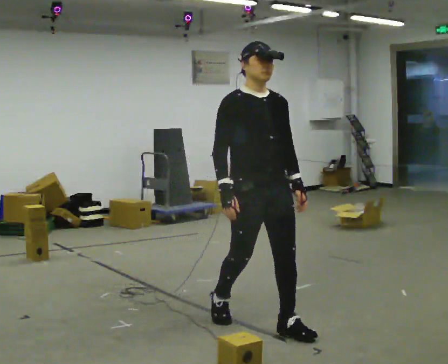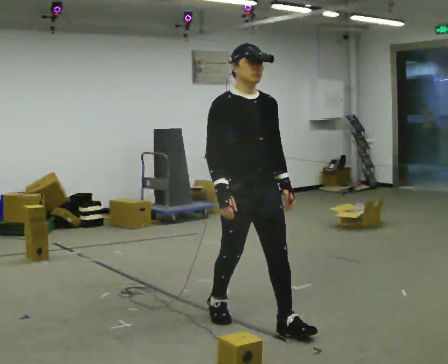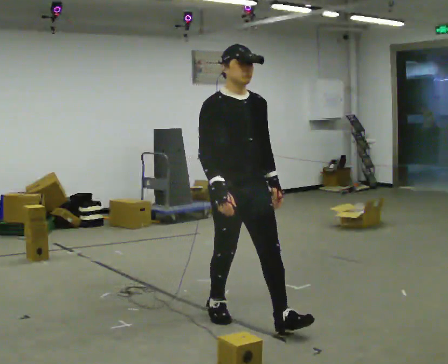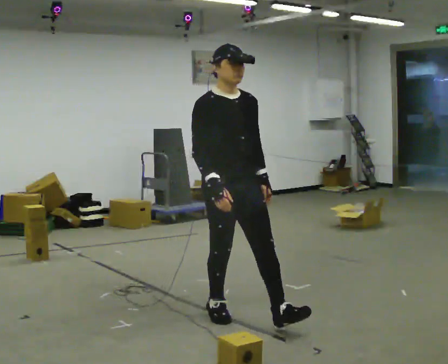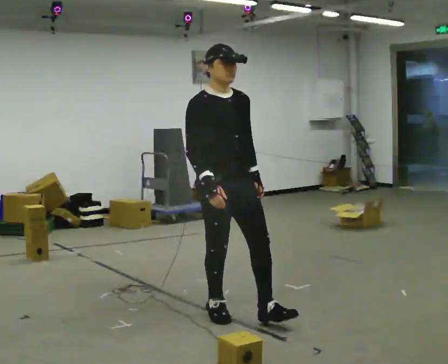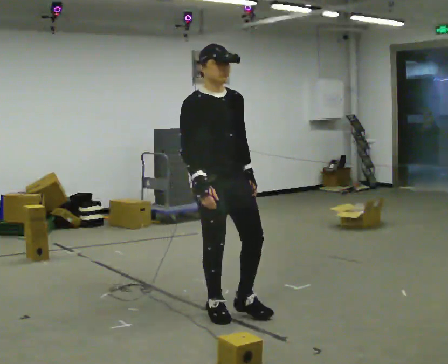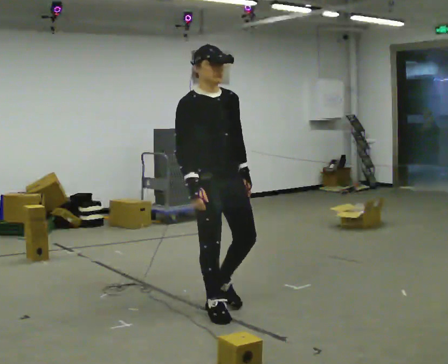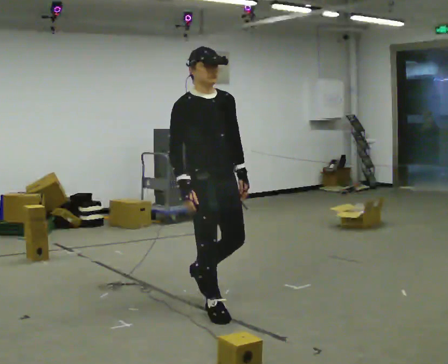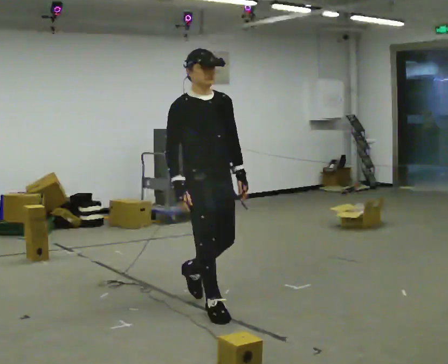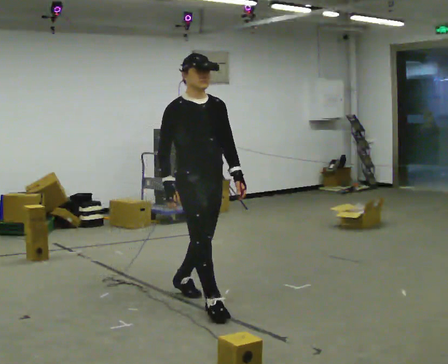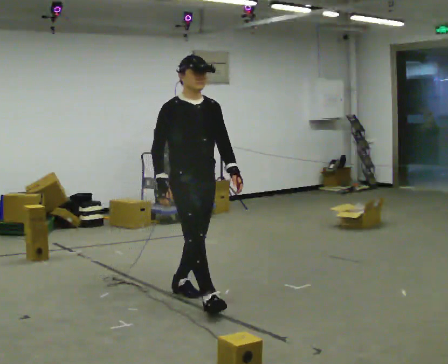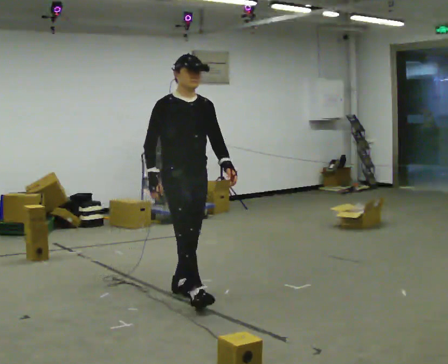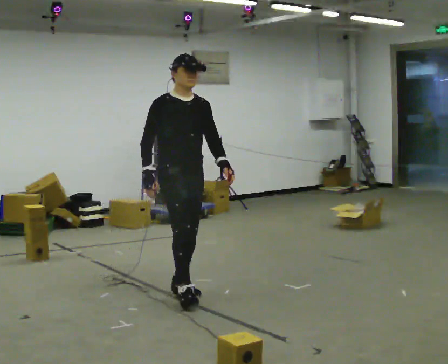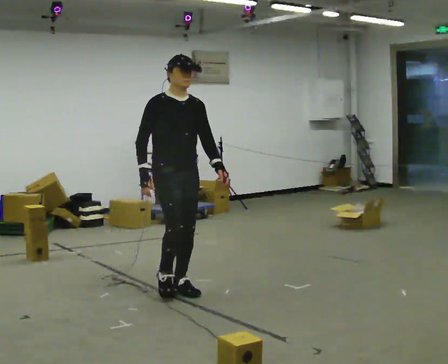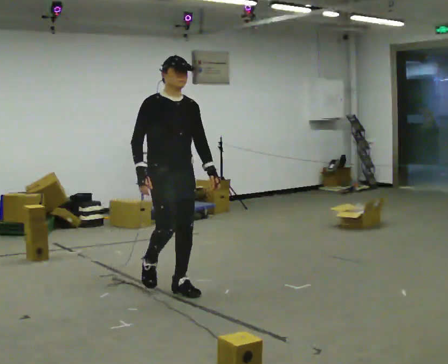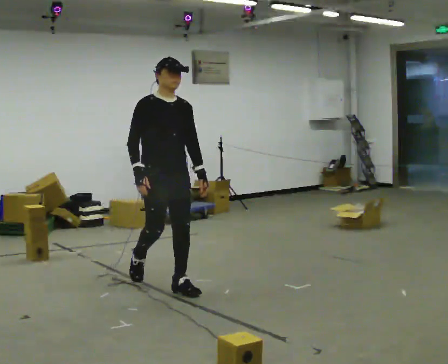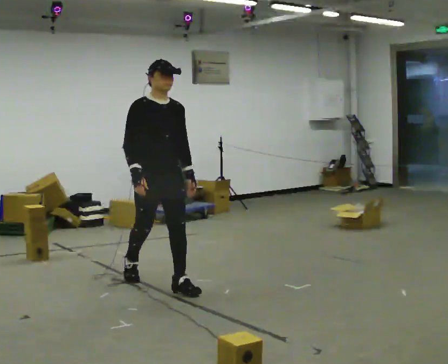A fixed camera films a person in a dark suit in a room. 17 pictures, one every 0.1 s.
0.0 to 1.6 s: In the picture they go away from the camera and to the left, about 1 m in 2 steps, which for them is backward.
The film runs backward here.
